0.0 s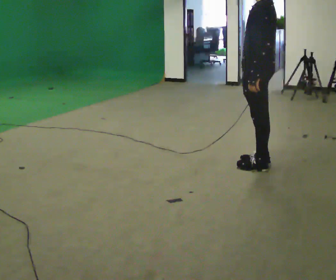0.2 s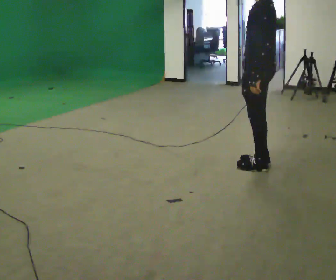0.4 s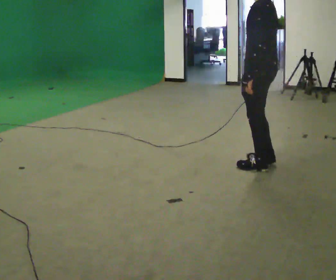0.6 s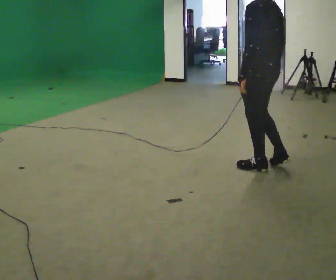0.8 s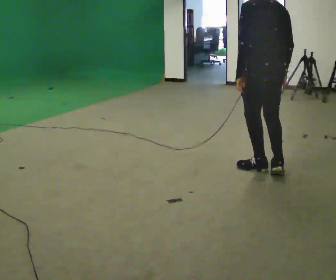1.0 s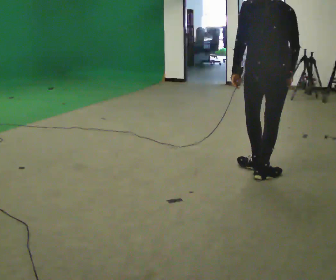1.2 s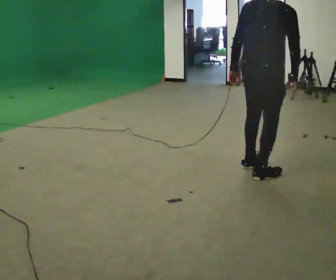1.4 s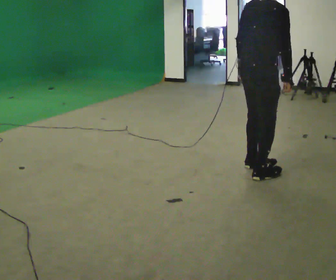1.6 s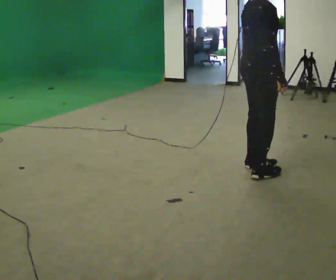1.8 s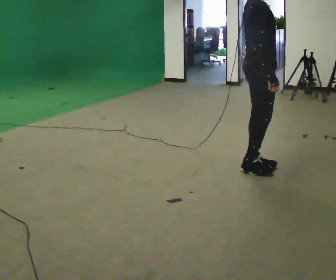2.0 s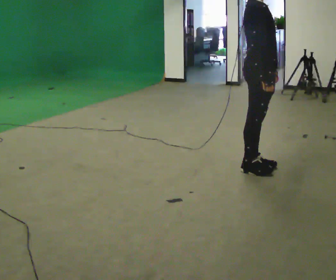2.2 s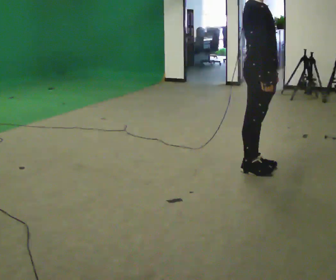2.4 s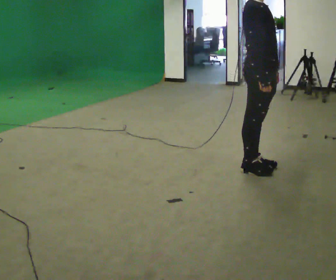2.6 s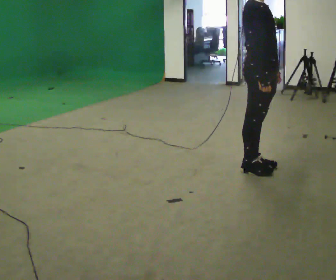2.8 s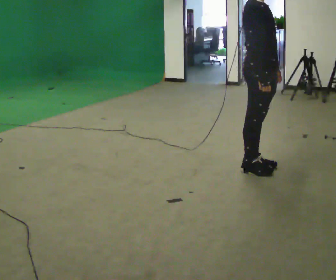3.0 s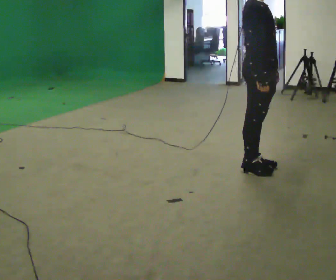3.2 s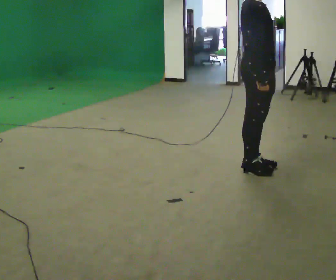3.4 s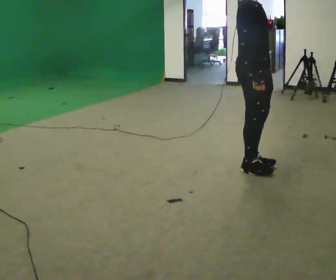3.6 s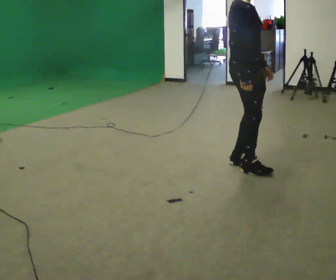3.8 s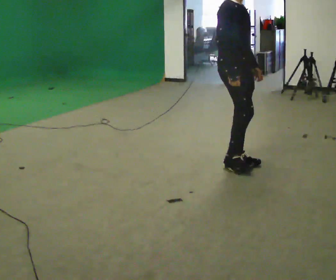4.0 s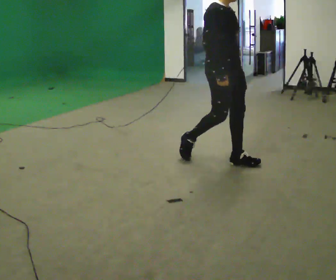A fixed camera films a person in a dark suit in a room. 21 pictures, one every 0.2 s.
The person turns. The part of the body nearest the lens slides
to the left.
The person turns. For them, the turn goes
to their right.
0.0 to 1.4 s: The part of the body nearest the lens slides to the left as the person turns to their right by about 135 degrees. In the picture they go toward the camera, about 0.25 m in 2 steps.
1.4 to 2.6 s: The person turns about 60 degrees to their right, clockwise seen from above, so the part of the body nearest the lens slides to the left. In the picture the upper body tilts counterclockwise, shoulders to the left, as they lean back or straighten.
2.6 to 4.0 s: In the picture they go to the left and away from the camera, about 0.25 m in 2 steps, which for them is backward.
The film runs backward here.
